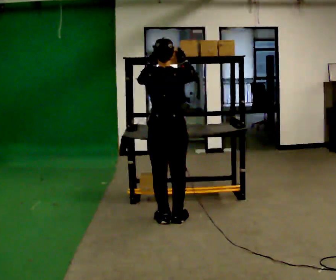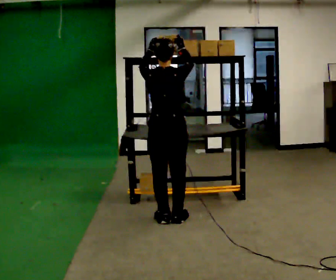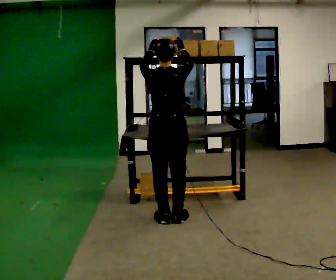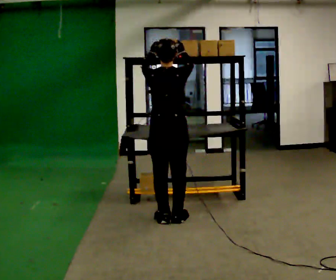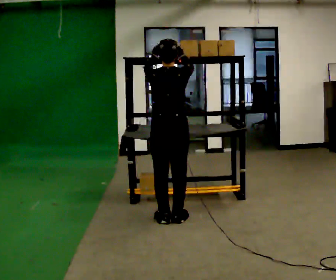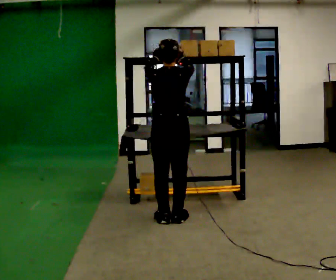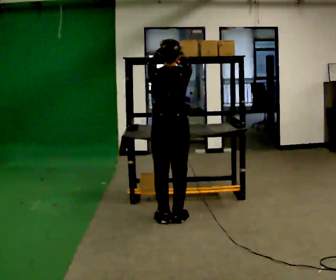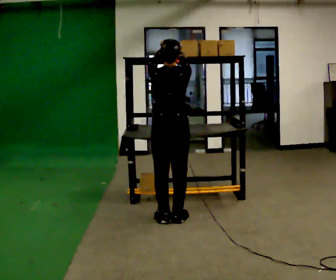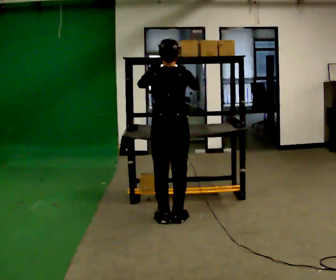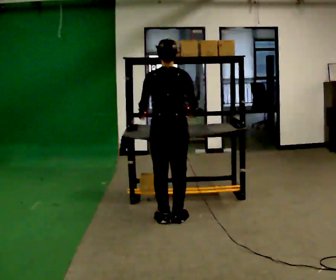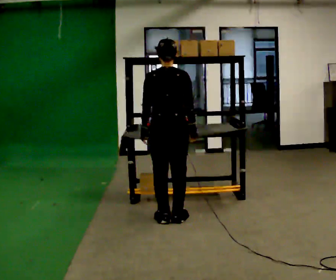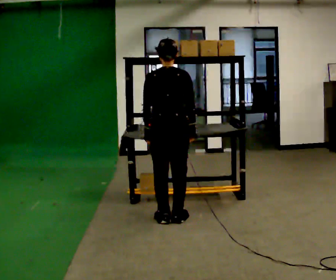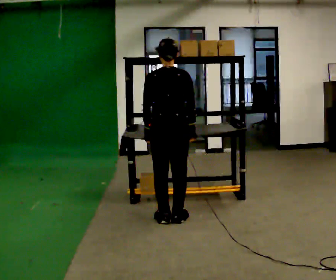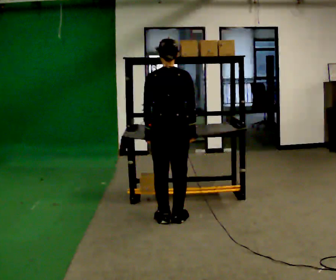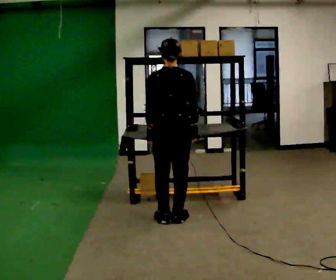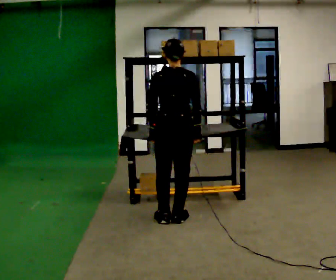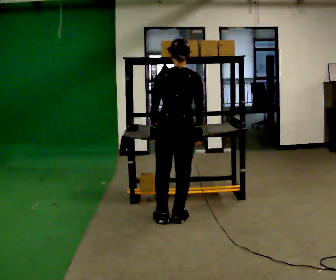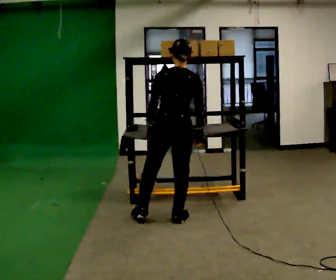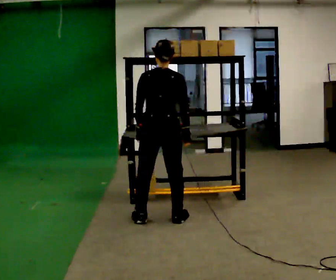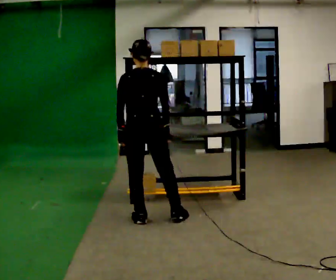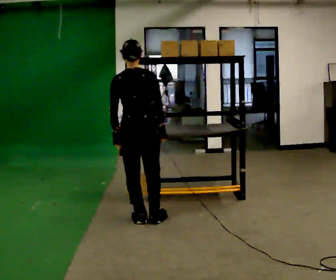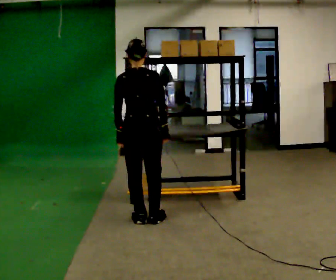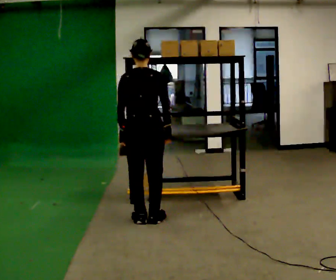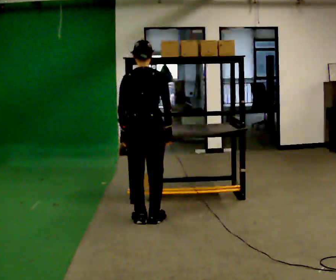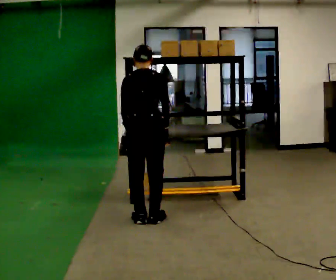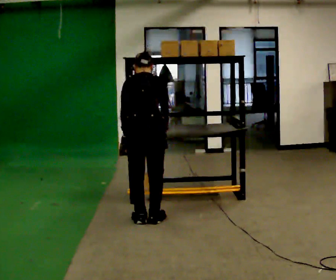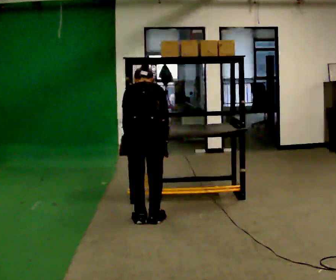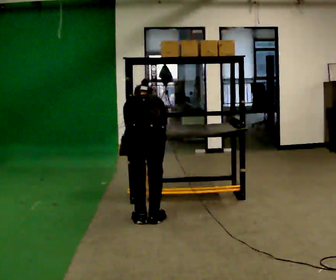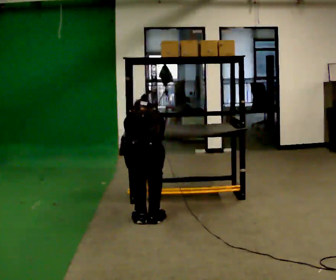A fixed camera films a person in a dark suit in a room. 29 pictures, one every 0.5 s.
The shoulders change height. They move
downward.
0.0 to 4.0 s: The person moves a little, or ends about where they began.
4.0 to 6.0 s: In the picture their left hand goes downward.
6.0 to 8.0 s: The person moves a little, or ends about where they began.
8.0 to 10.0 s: In the picture they go to the left, about 0.25 m in 2 steps, which for them is to their left.
10.0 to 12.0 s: The upper body tips away from the camera, its near side rolling upward, as they bend forward.
12.0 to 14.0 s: The upper body goes downward. The upper body tips away from the camera, its near side rolling upward, as they bend forward.
The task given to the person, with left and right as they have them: Take an object from the lowest shelf, carry it across the room, and place it on the highest shelf you can comfortably reach. Keep going until the operator says stop; one object at a time, and do not rush between trips.
The film runs forward here.
